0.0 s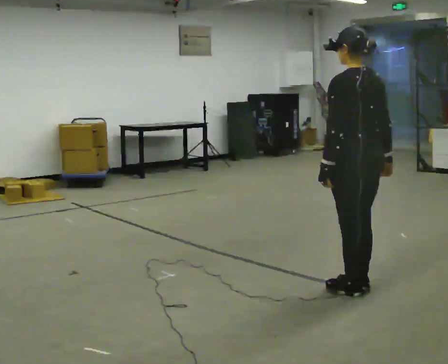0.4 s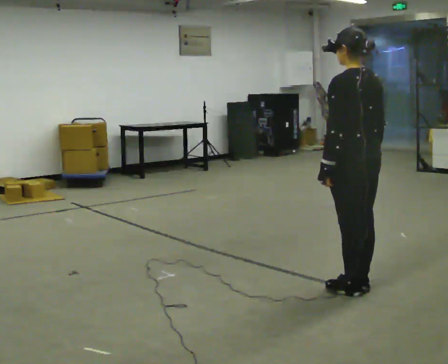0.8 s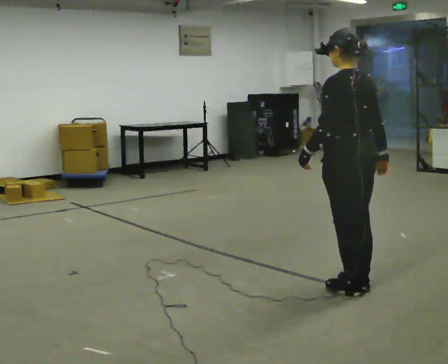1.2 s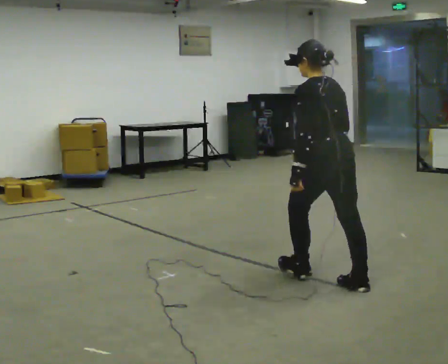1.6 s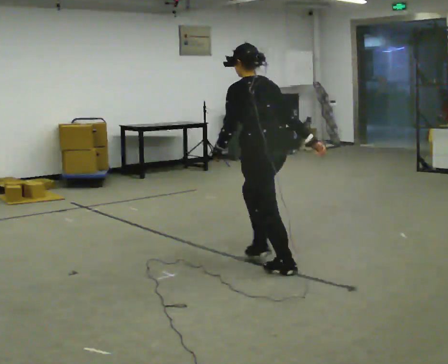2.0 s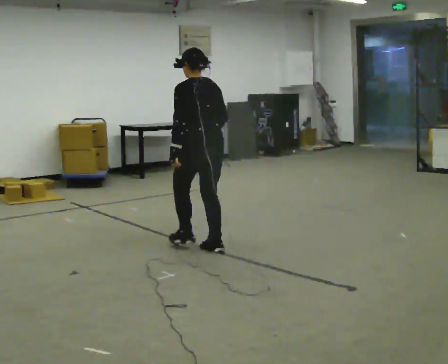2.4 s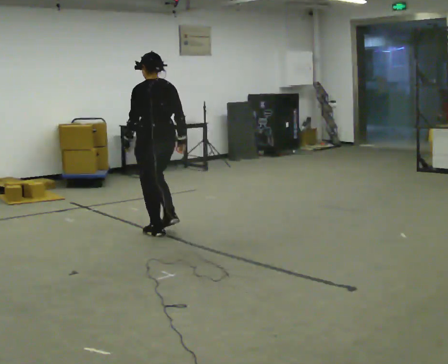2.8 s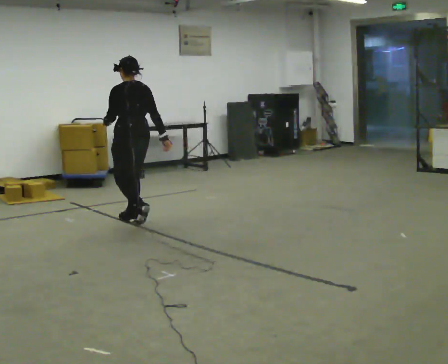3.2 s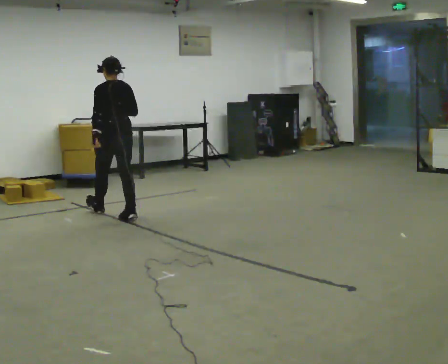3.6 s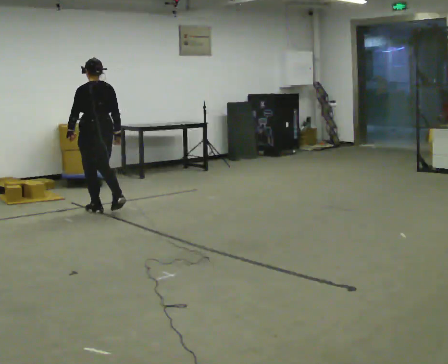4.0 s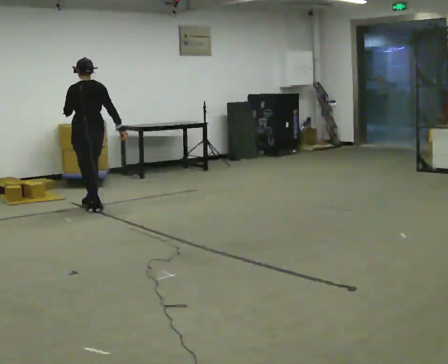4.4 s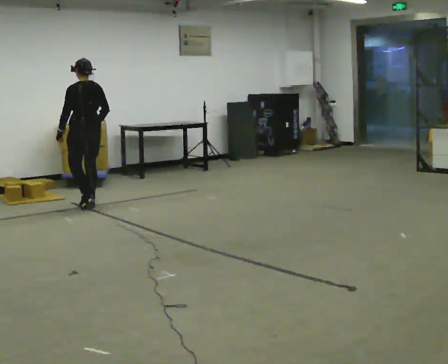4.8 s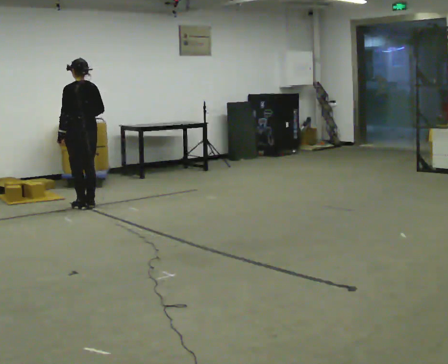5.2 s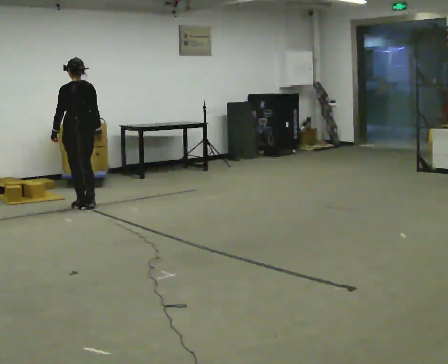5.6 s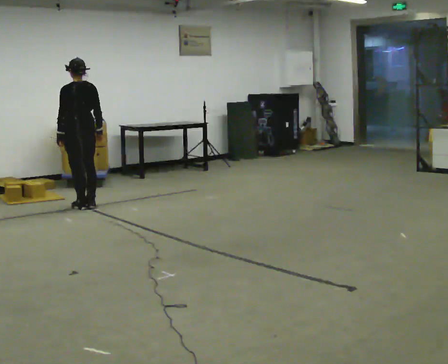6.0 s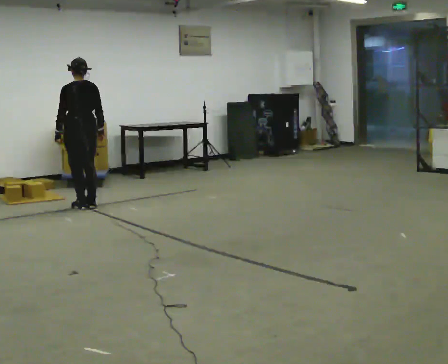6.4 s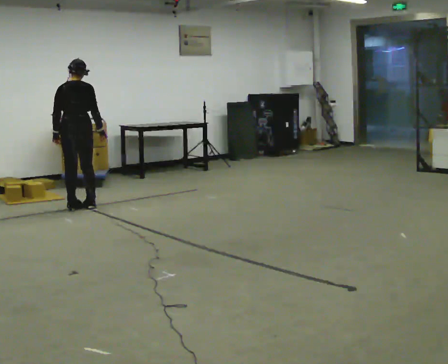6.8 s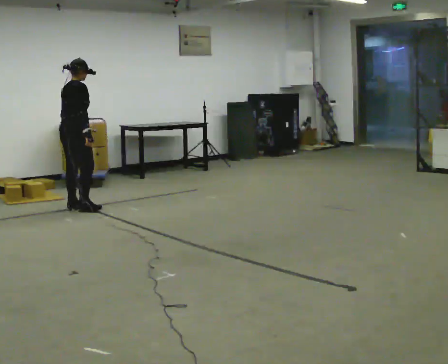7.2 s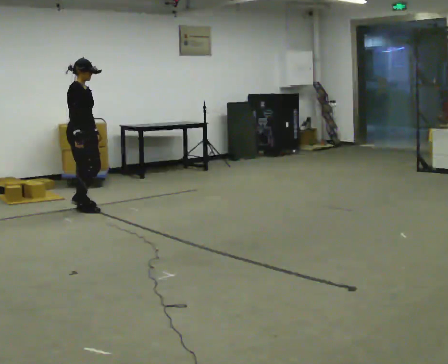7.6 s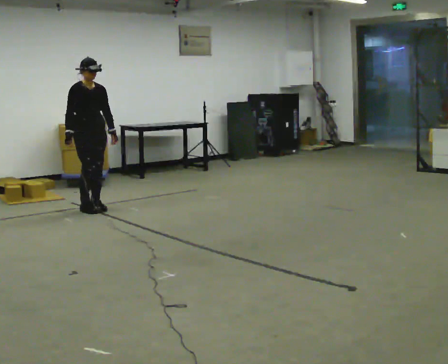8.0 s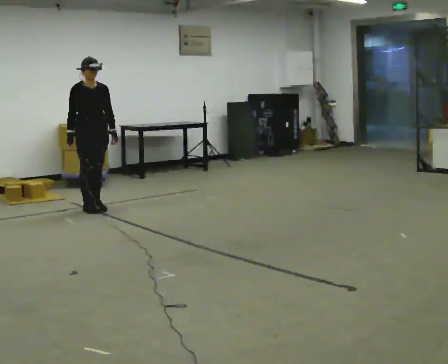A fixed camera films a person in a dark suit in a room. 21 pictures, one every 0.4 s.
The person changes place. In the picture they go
away from the camera.
0.0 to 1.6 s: In the picture they go away from the camera and to the left, about 1 m in 1 step, which for them is forward.
1.6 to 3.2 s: In the picture they go away from the camera and to the left, about 2 m in 3 steps, which for them is forward.
3.2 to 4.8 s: In the picture they go away from the camera and to the left, about 0.75 m in 3 steps, which for them is forward.
4.8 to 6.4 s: The part of the body nearest the lens slides to the left as the person turns to their right by about 45 degrees.
6.4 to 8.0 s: Seen from above the body turns clockwise, about 135 degrees: to their right, with its near side sliding to the left. In the picture they go to the right, about 0.25 m in 2 steps. In the picture their right hand goes to the left, the arm swinging clockwise.
The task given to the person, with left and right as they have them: Start at normal speed; gradually slow over several steps; stop gently.
The film runs forward here.
